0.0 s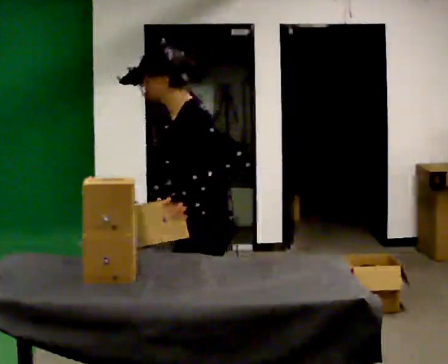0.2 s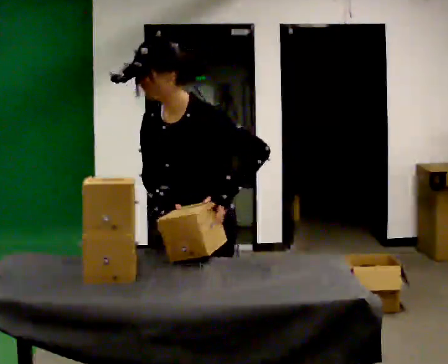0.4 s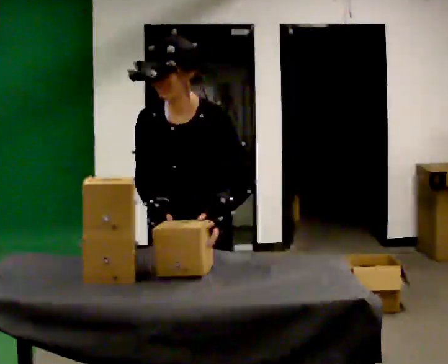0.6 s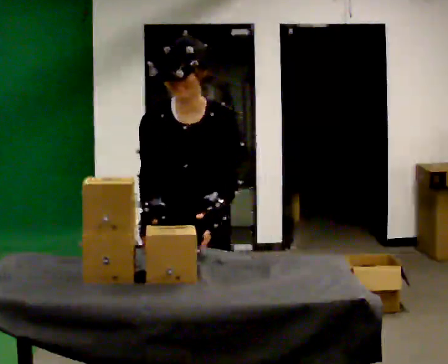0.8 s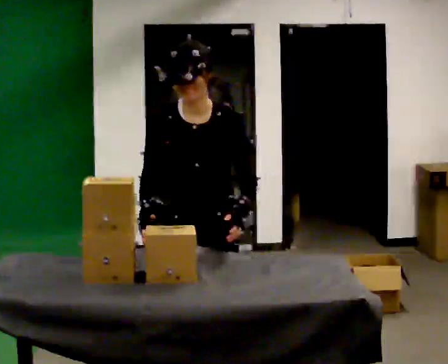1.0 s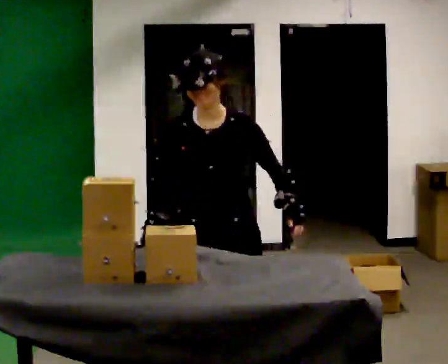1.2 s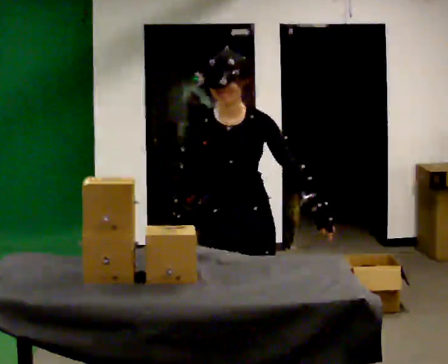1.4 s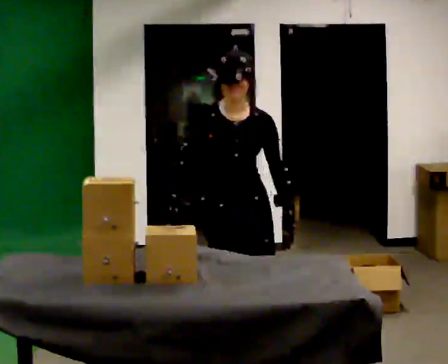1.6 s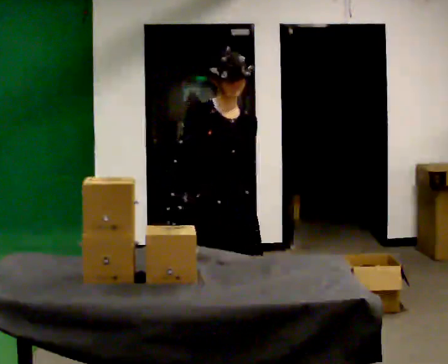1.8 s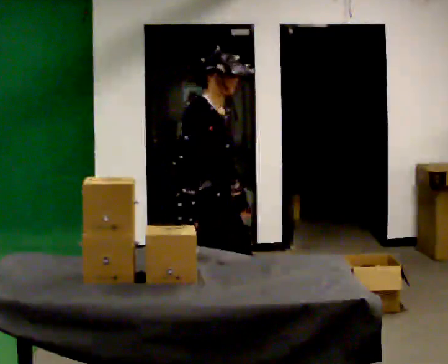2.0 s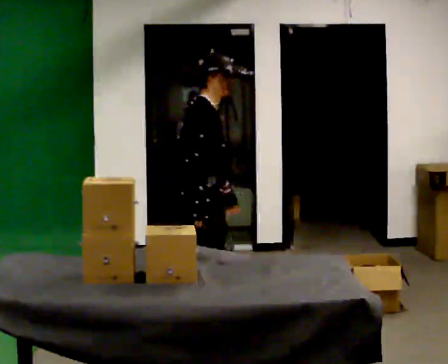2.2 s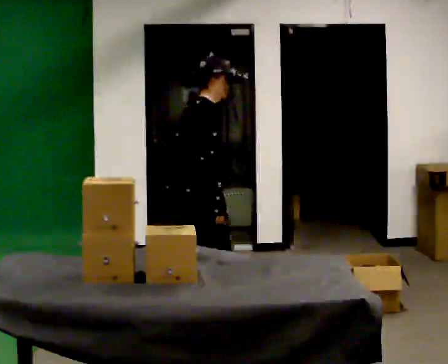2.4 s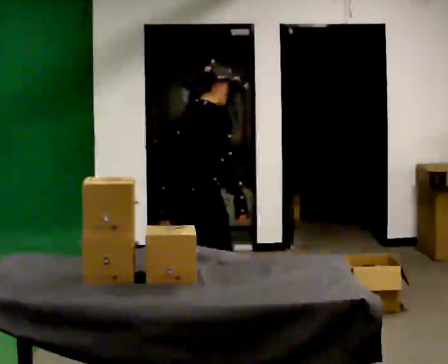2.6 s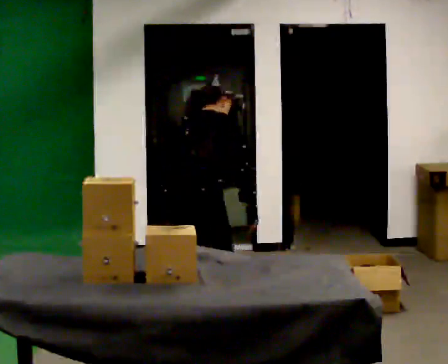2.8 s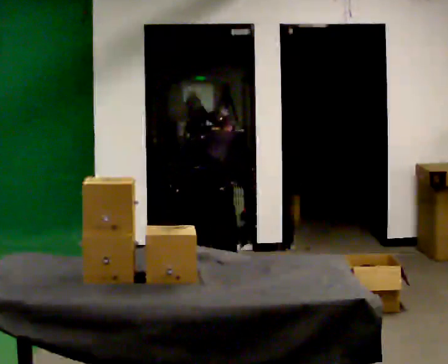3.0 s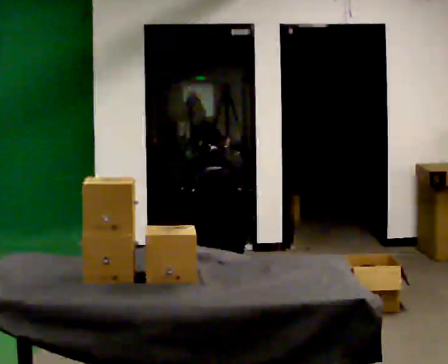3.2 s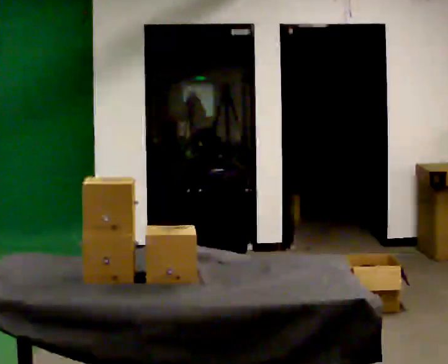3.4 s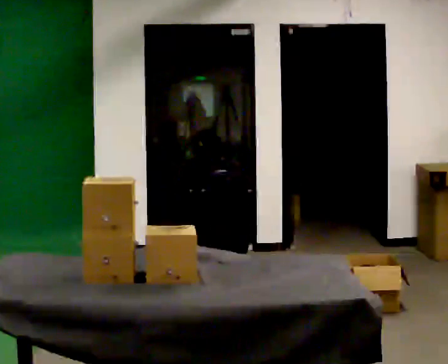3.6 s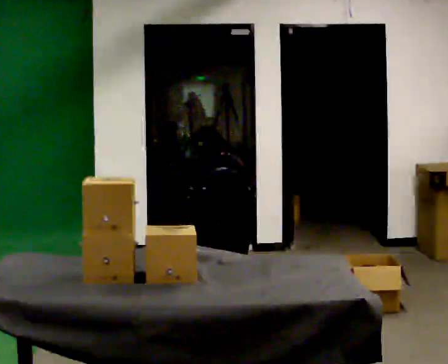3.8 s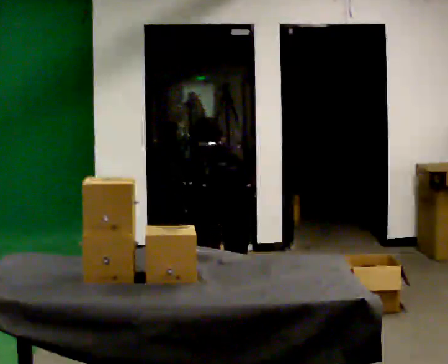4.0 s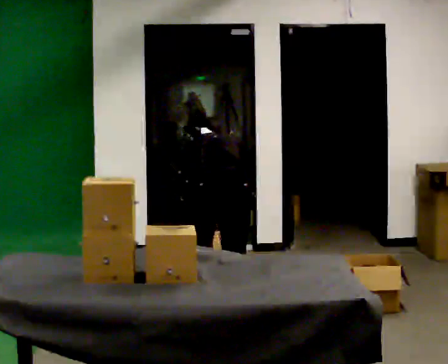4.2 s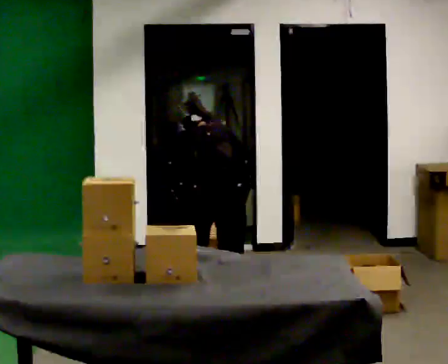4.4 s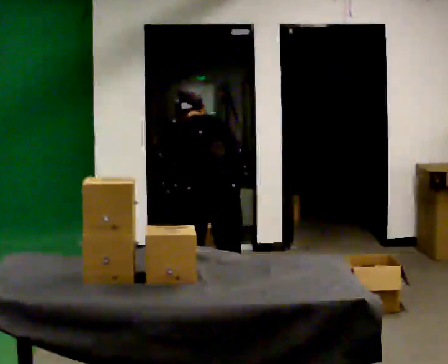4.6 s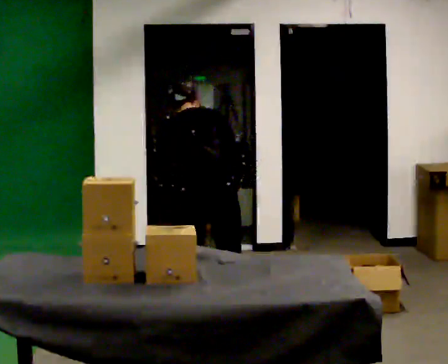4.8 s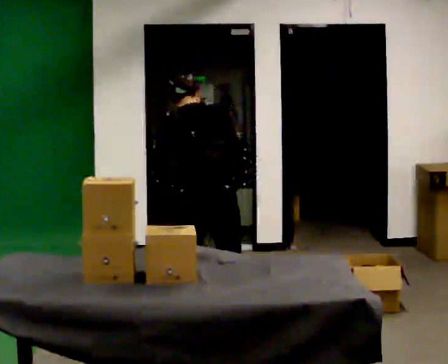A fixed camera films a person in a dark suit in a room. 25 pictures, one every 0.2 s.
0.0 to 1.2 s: Seen from above the body turns counterclockwise, about 105 degrees: to their left, with its near side sliding to the right. In the picture they go away from the camera, about 0.25 m in 3 steps.
1.2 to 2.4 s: The person turns about 120 degrees to their left, counterclockwise seen from above, so the part of the body nearest the lens slides to the right. In the picture they go away from the camera and to the left, about 0.75 m in 2 steps. The upper body tips away from the camera, its near side rolling upward.
2.4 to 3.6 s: The part of the body nearest the lens slides to the right as the person turns to their left by about 60 degrees. In the picture they go to the right, about 0.25 m, which for them is to their right. The upper body goes downward. The upper body tips away from the camera, its near side rolling upward, as they bend forward. In the picture their right hand goes downward.
3.6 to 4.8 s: The upper body goes upward. The upper body tips toward the camera, its near side rolling downward, as they lean back or straighten. In the picture their right hand goes upward.
The film runs backward here.
